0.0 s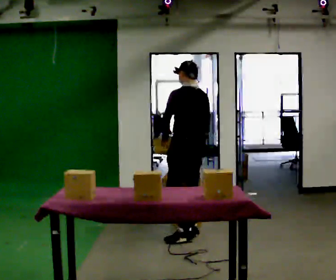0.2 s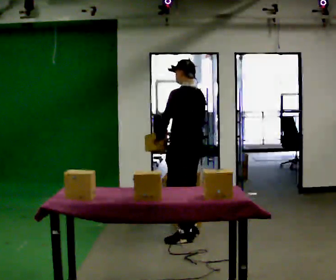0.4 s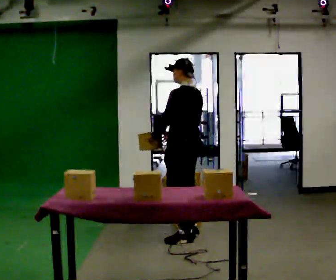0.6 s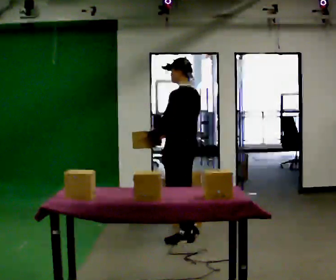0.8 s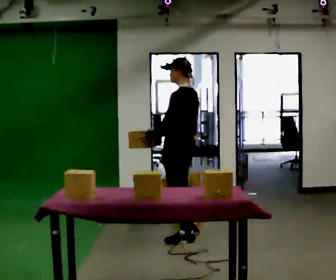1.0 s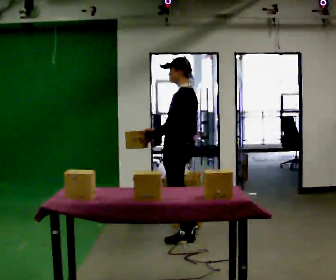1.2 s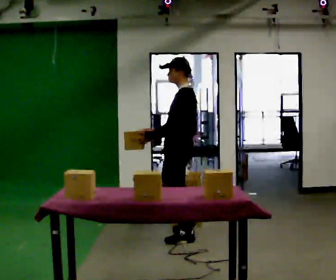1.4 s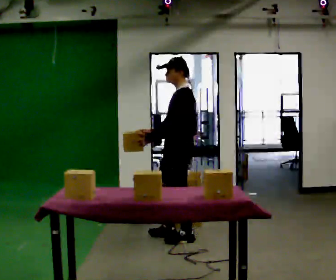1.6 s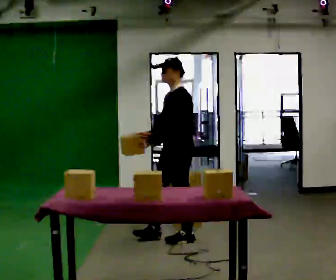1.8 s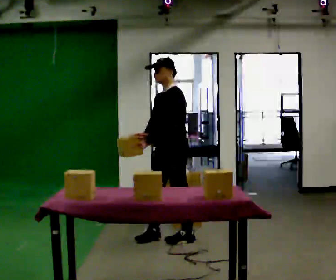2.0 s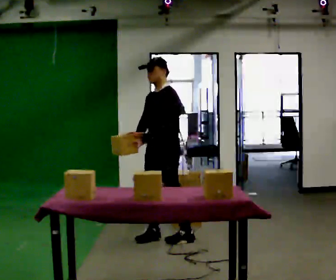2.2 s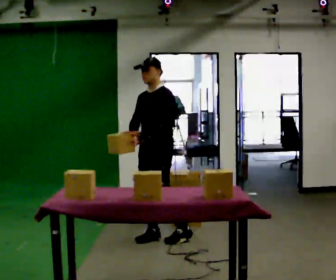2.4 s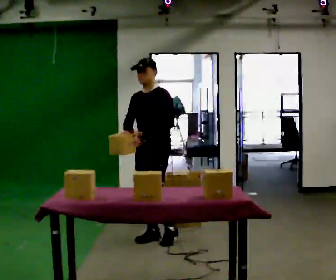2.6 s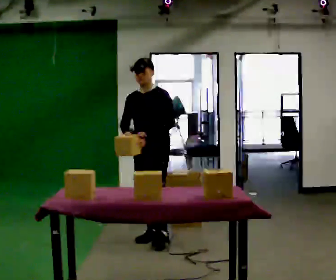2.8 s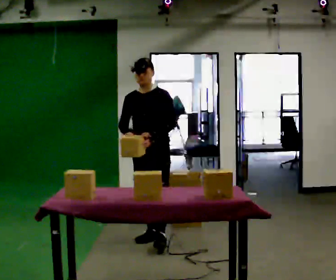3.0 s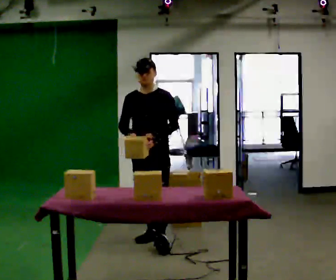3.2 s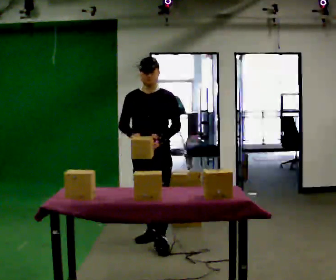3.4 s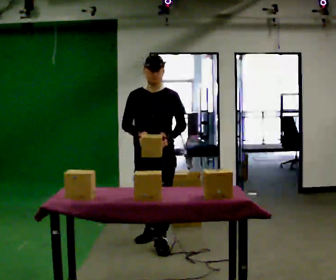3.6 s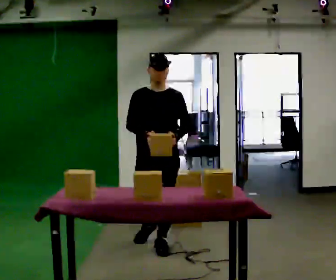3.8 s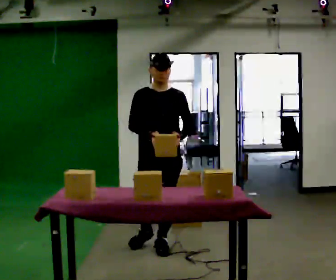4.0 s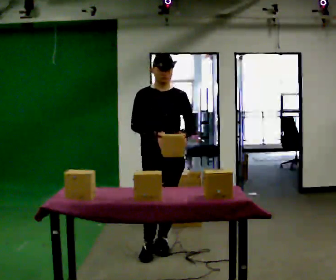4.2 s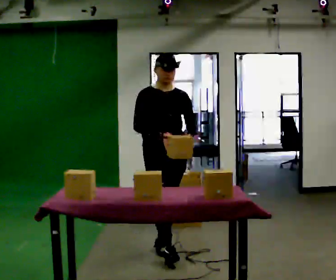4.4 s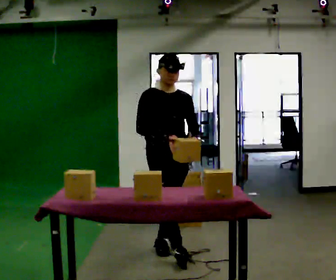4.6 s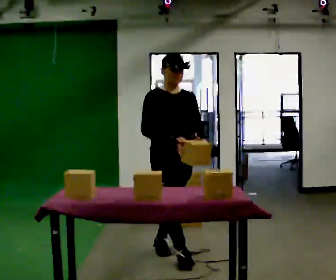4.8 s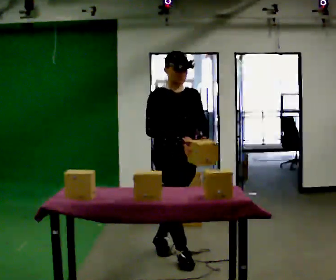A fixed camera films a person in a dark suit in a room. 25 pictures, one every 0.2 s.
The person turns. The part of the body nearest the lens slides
to the right.
The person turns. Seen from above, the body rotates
counterclockwise.
0.0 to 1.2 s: The part of the body nearest the lens slides to the right as the person turns to their left by about 45 degrees. In the picture they go toward the camera, about 0.25 m, which for them is to their left.
1.2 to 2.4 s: The part of the body nearest the lens slides to the right as the person turns to their left by about 60 degrees. In the picture they go to the left, about 0.25 m in 1 step, which for them is forward and to their right.
2.4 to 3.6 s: The part of the body nearest the lens slides to the right as the person turns to their left by about 45 degrees. In the picture they go toward the camera, about 0.25 m in 1 step, which for them is forward.
3.6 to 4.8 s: The person turns about 30 degrees to their left, counterclockwise seen from above, so the part of the body nearest the lens slides to the right. In the picture they go toward the camera, about 0.5 m in 1 step, which for them is forward.
The film runs forward here.
